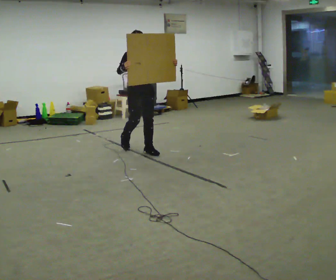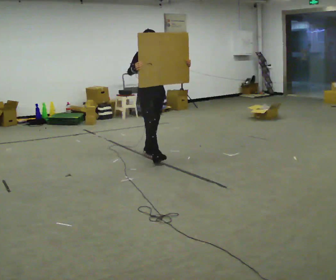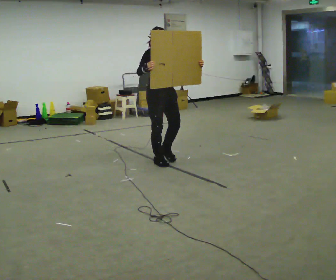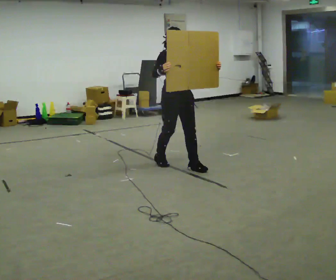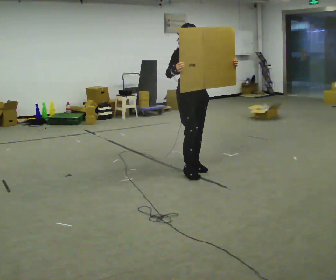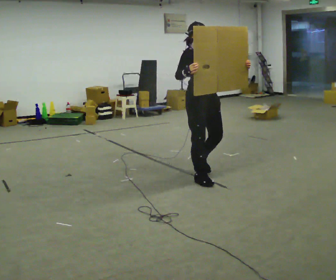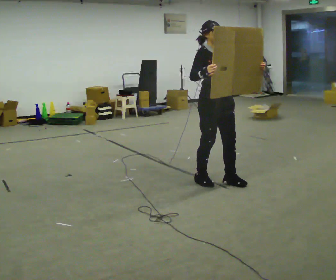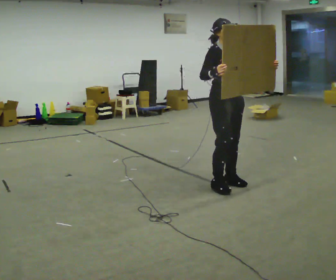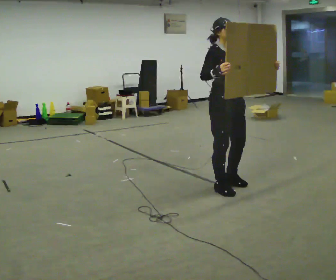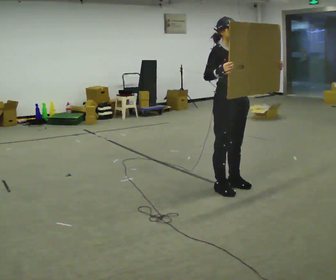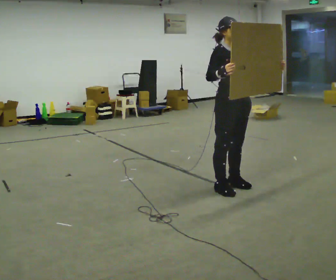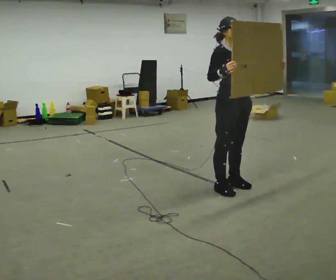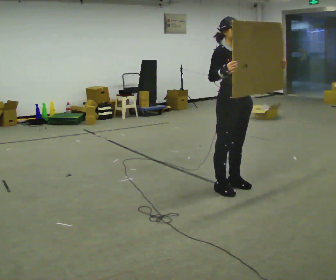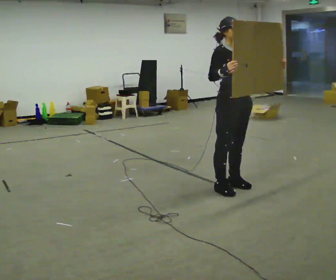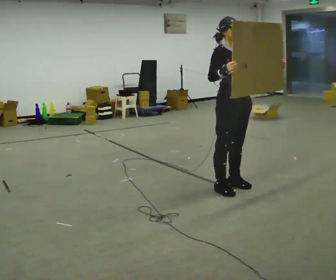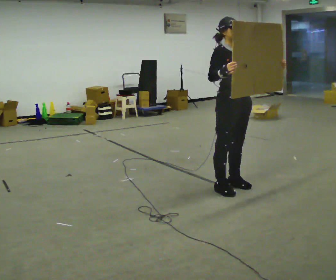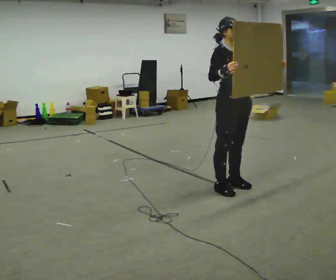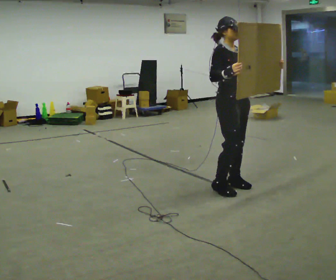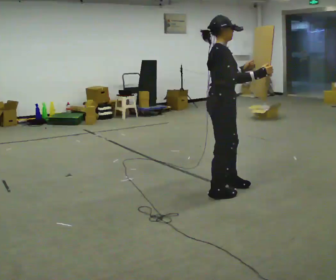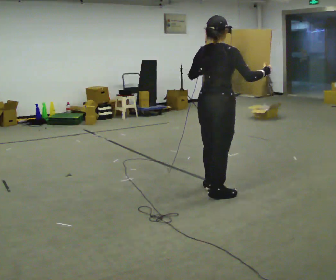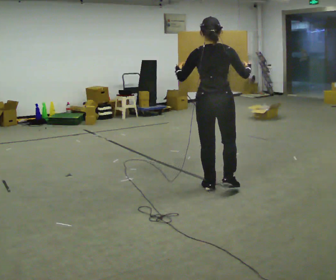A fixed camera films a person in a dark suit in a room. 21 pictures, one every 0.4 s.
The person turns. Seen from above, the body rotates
counterclockwise.
The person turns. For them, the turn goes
to their left.
0.0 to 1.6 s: In the picture they go to the right and toward the camera, about 1 m in 2 steps, which for them is forward.
1.6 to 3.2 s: In the picture they go toward the camera and to the right, about 0.75 m in 3 steps, which for them is forward.
3.2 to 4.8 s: The person moves a little, or ends about where they began.
4.8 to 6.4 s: The person keeps their place and pose.
6.4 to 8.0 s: The person turns about 135 degrees to their left, counterclockwise seen from above, so the part of the body nearest the lens slides to the right. In the picture they go to the left, about 0.25 m in 2 steps.
The film runs forward here.
